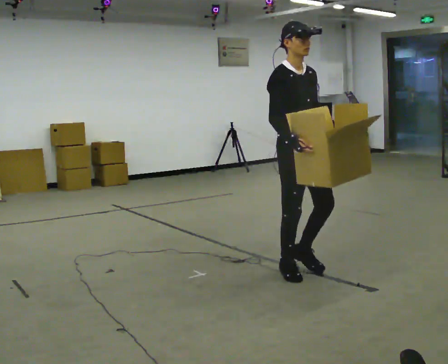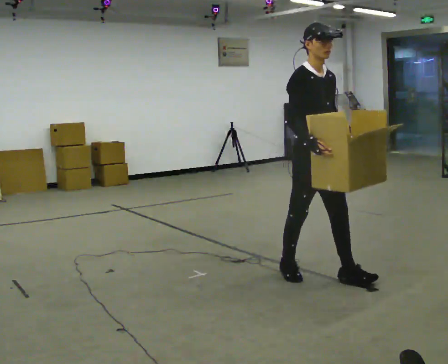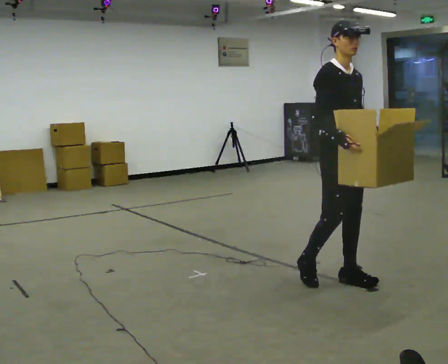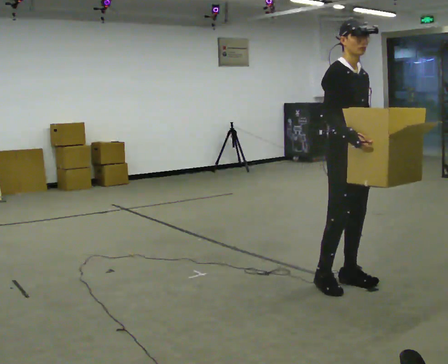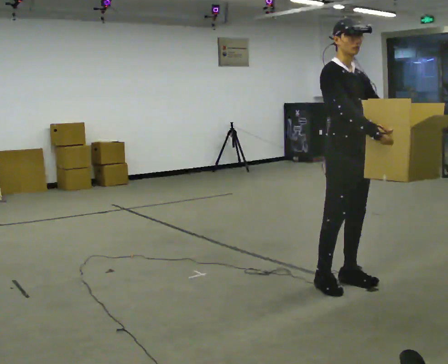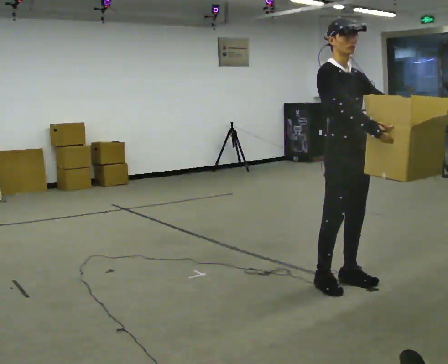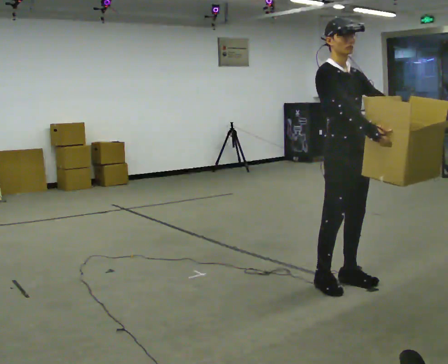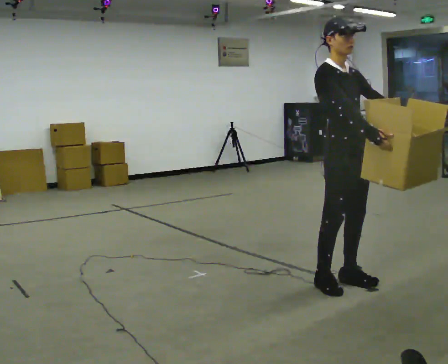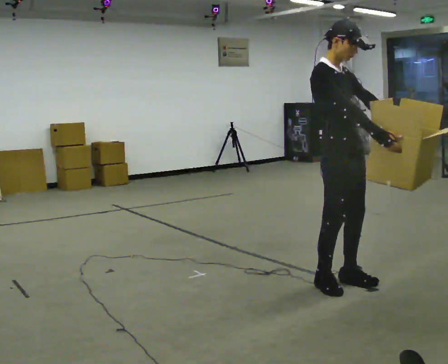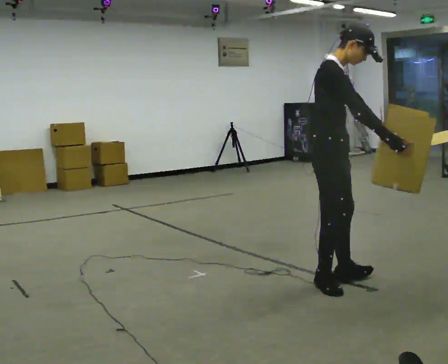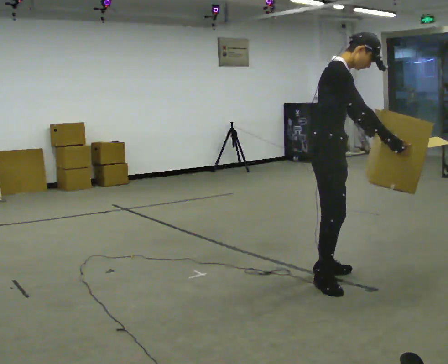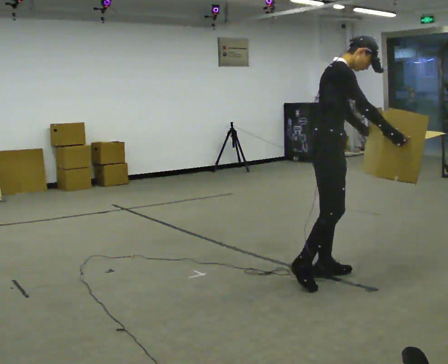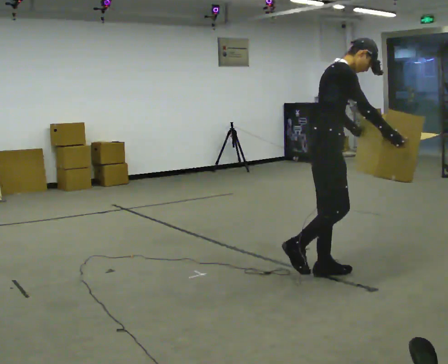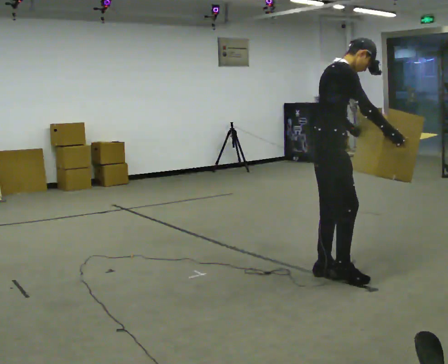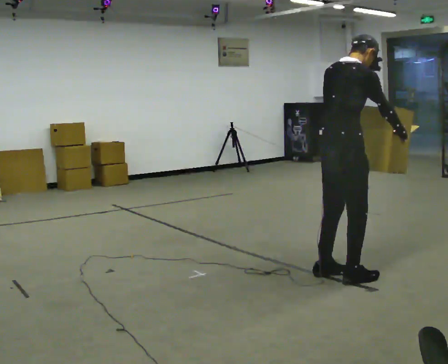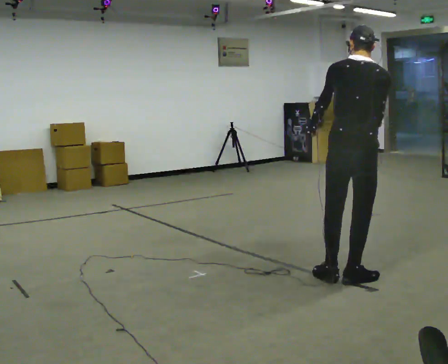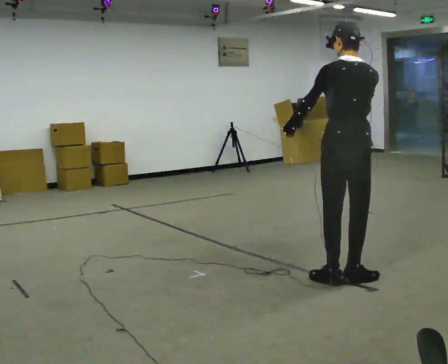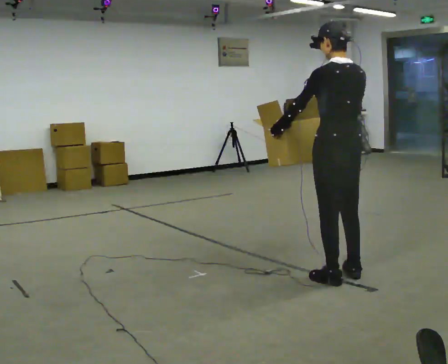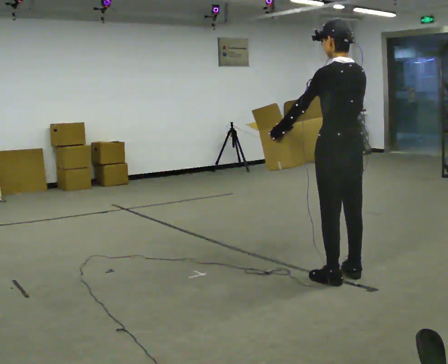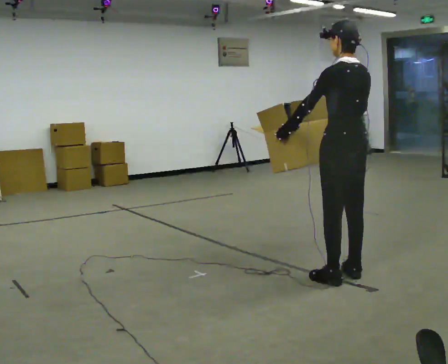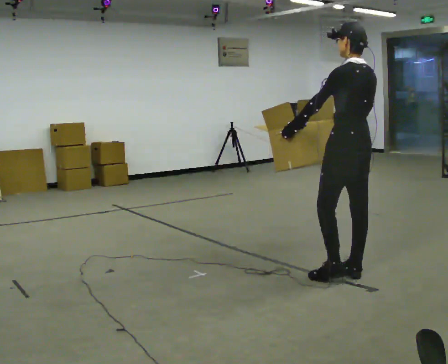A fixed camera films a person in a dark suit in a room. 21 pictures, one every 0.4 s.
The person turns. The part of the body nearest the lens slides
to the right.
The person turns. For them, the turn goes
to their left.
0.0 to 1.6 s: In the picture they go to the right and toward the camera, about 0.25 m in 2 steps, which for them is forward.
1.6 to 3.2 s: The person moves a little, or ends about where they began.
3.2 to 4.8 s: The part of the body nearest the lens slides to the right as the person turns to their left by about 30 degrees. In the picture they go away from the camera, about 0.25 m in 1 step, which for them is to their left. In the picture the upper body tilts clockwise, shoulders to the right, as they bend forward.
4.8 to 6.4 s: Seen from above the body turns counterclockwise, about 105 degrees: to their left, with its near side sliding to the right. In the picture they go to the right, about 0.25 m in 1 step. In the picture the upper body tilts counterclockwise, shoulders to the left, as they lean back or straighten.
6.4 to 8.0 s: The person turns about 30 degrees to their left, counterclockwise seen from above, so the part of the body nearest the lens slides to the right.
The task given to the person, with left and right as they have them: Carry the box with its lid hanging open across the room, back and forth.
The film runs forward here.
